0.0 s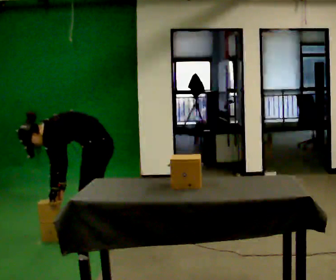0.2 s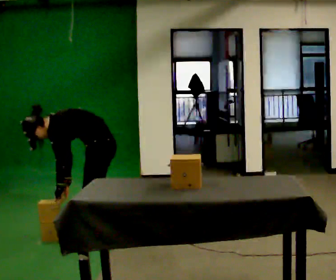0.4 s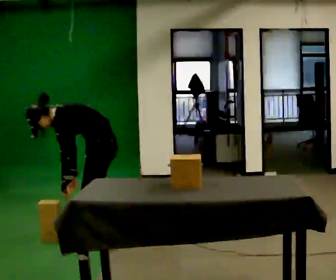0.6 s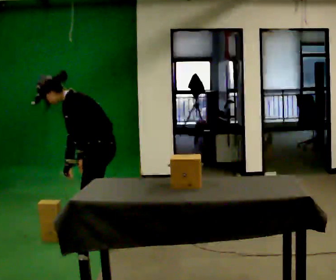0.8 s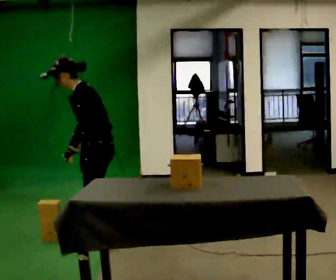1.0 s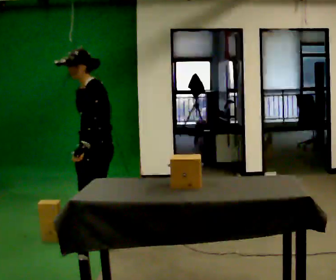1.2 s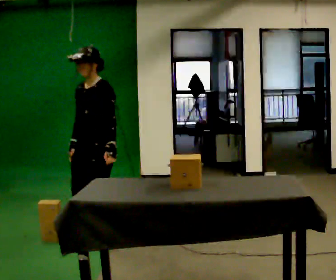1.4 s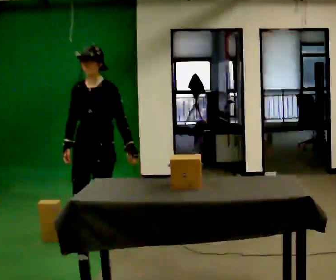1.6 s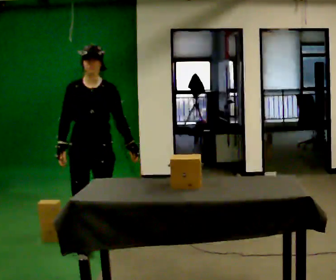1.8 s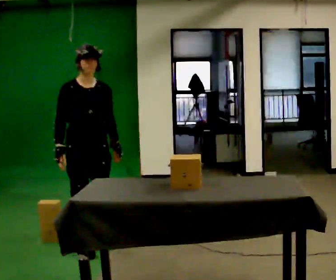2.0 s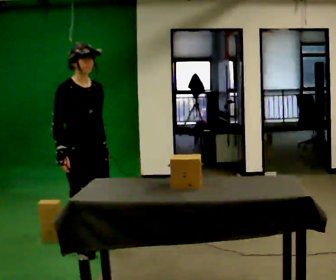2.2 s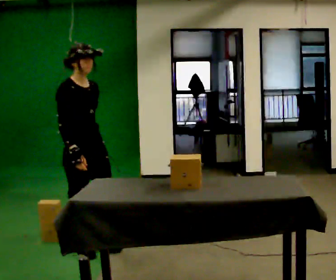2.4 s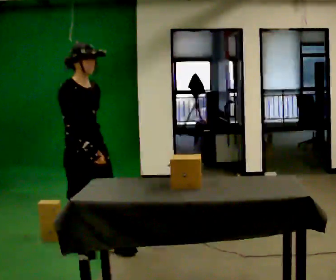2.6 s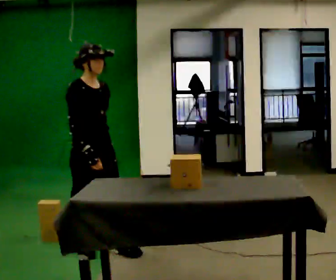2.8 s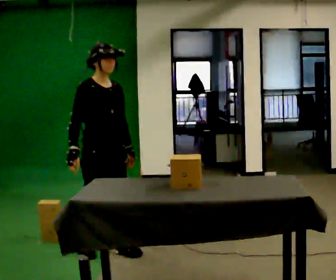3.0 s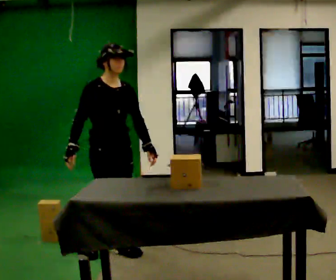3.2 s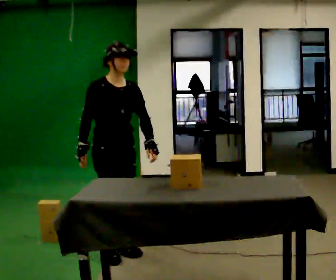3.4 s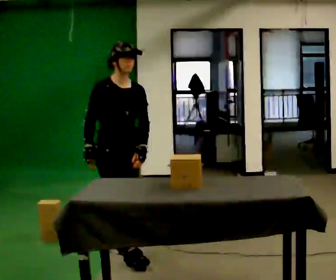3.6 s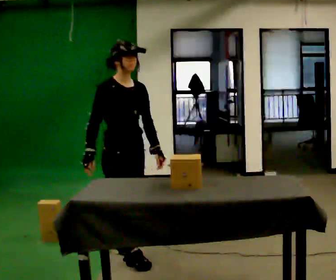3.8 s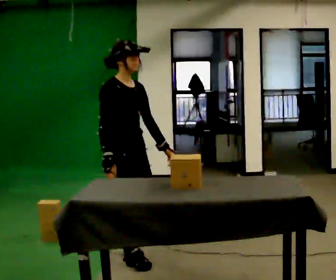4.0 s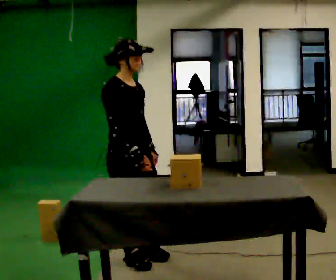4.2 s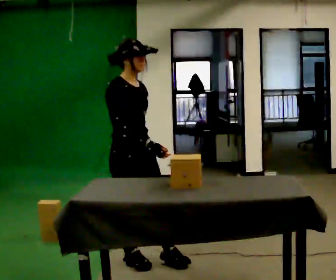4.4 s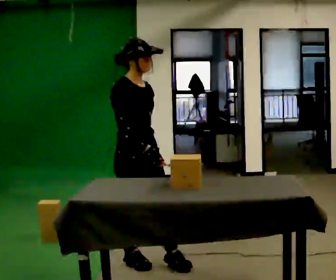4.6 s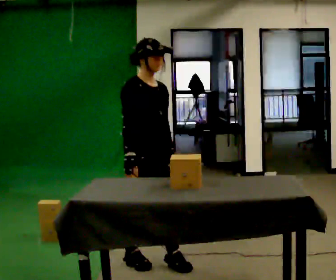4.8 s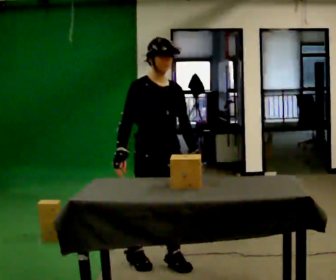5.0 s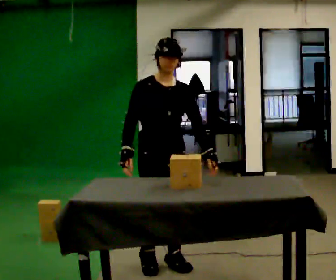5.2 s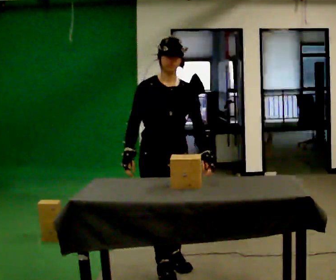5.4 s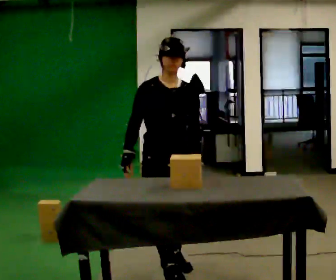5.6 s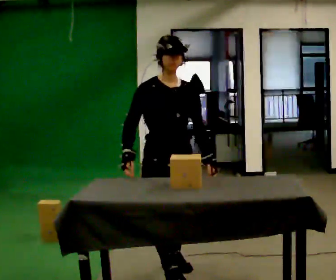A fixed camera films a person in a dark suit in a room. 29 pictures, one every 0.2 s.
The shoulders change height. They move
upward.
The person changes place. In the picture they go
toward the camera.
0.0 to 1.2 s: Seen from above the body turns counterclockwise, about 45 degrees: to their left, with its near side sliding to the right. The upper body goes upward. In the picture the upper body tilts clockwise, shoulders to the right, as they lean back or straighten. In the picture their left hand goes to the right and upward.
1.2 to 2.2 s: Seen from above the body turns counterclockwise, about 90 degrees: to their left, with its near side sliding to the right. In the picture they go toward the camera, about 0.25 m in 1 step.
2.2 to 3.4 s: In the picture they go to the right, about 0.25 m in 2 steps, which for them is forward and to their left.
3.4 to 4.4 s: In the picture they go toward the camera, about 0.25 m in 1 step, which for them is forward and to their right.
4.4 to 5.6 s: The person turns about 30 degrees to their right, clockwise seen from above, so the part of the body nearest the lens slides to the left. In the picture they go toward the camera and to the right, about 0.25 m in 1 step, which for them is forward.
The film runs forward here.
